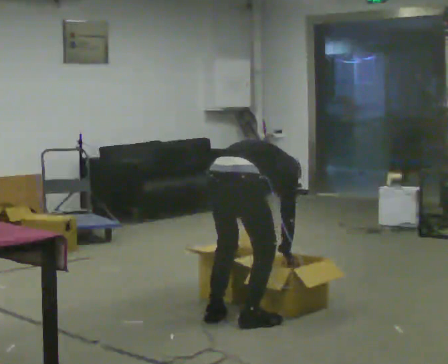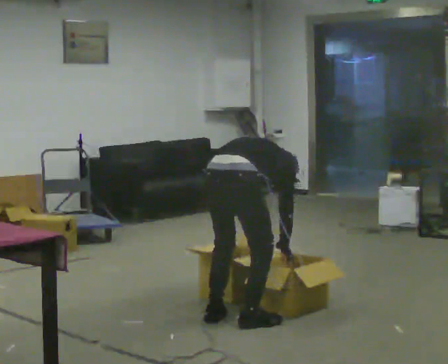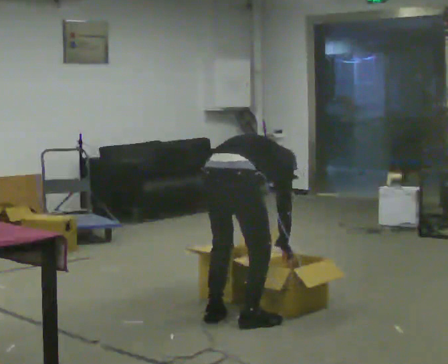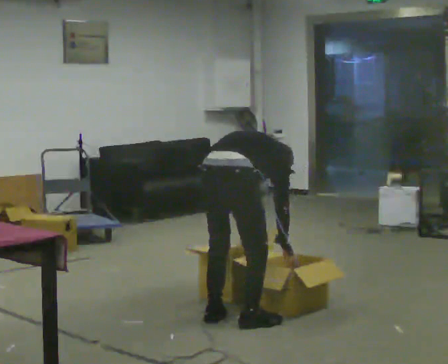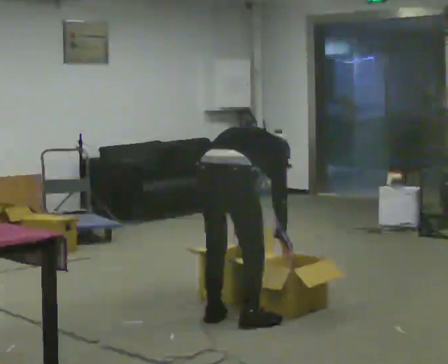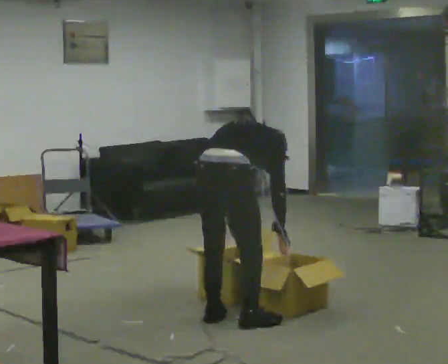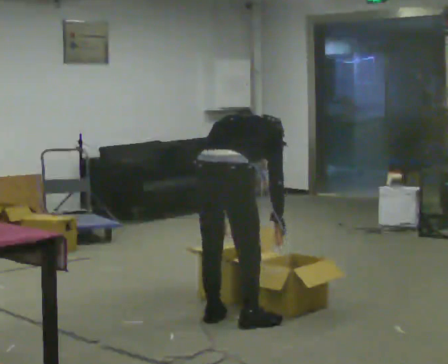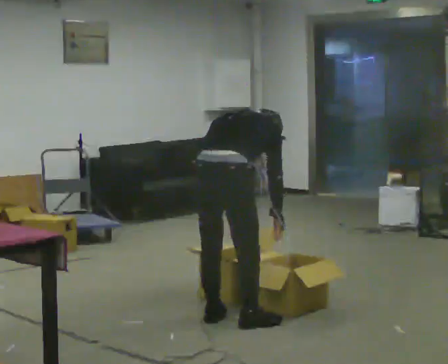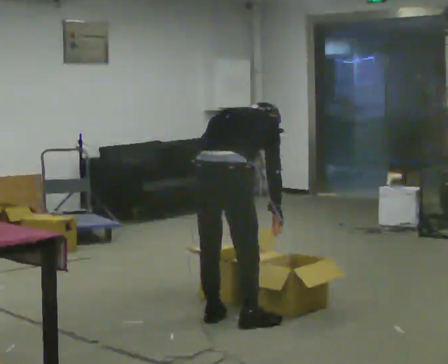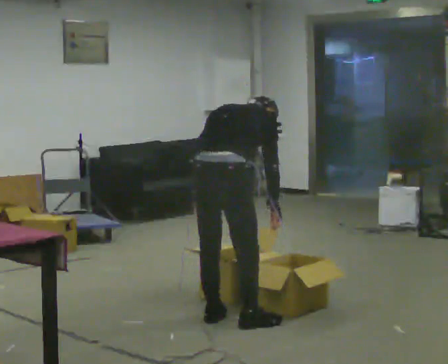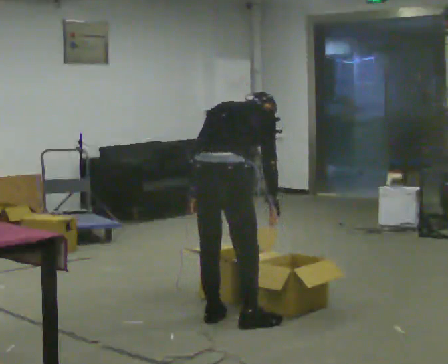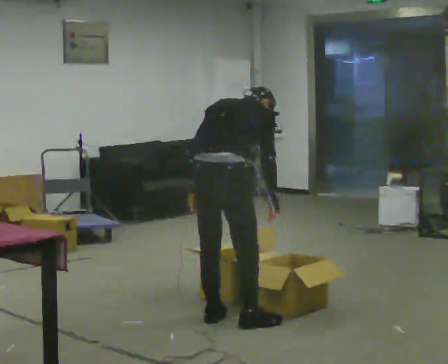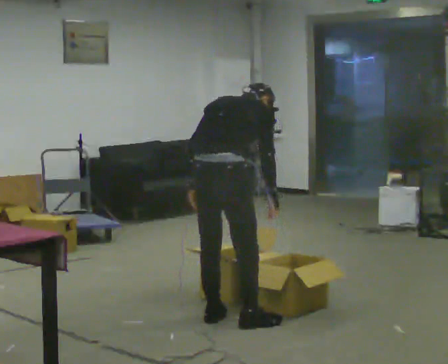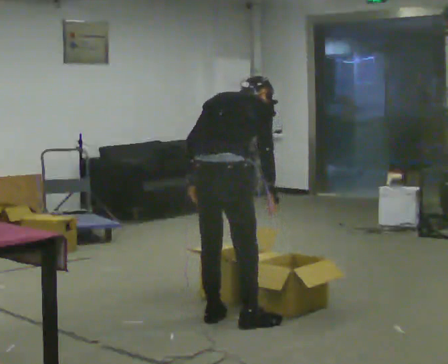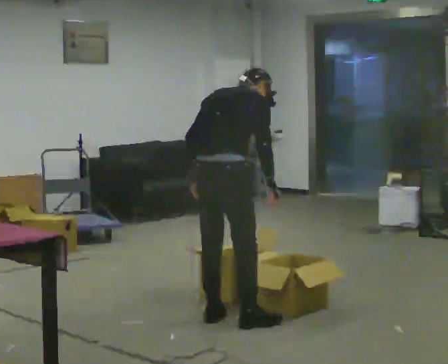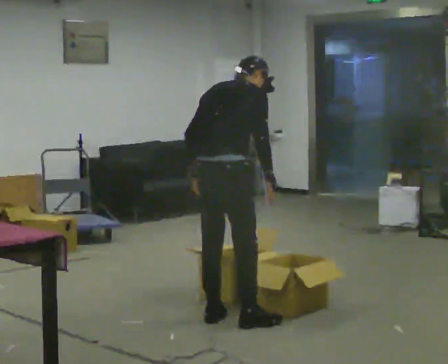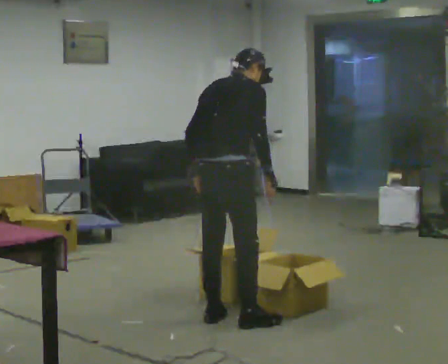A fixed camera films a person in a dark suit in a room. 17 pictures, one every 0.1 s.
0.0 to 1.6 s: In the picture they go away from the camera, about 0.25 m. The shoulders move upward. The upper body tips toward the camera, its near side rolling downward, as they lean back or straighten. In the picture their left hand goes upward and to the left.
The film runs forward here.
